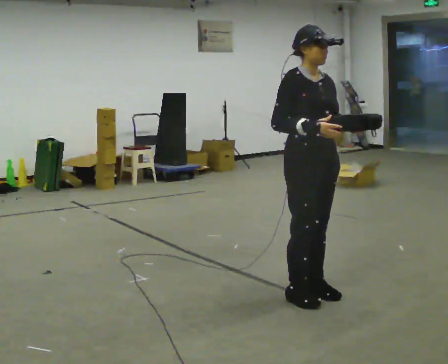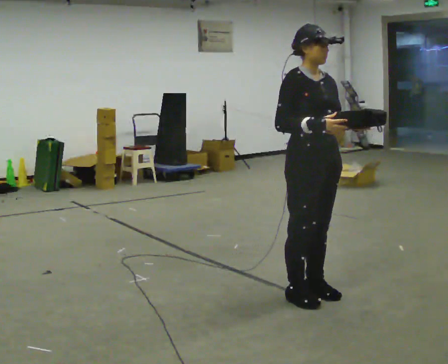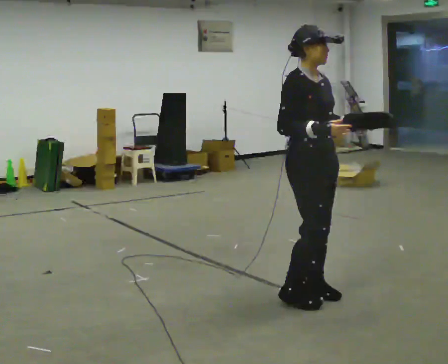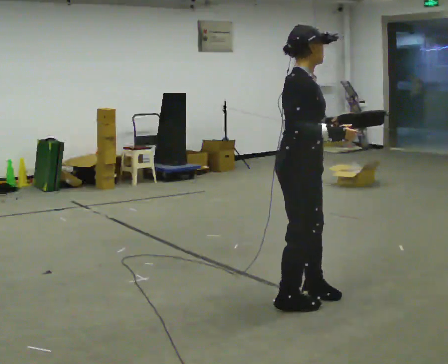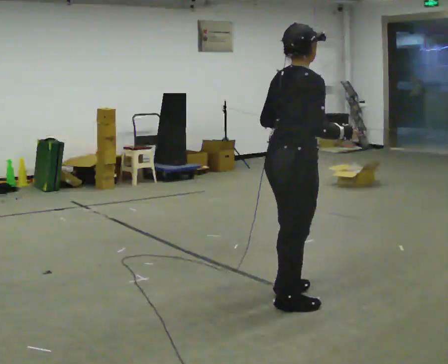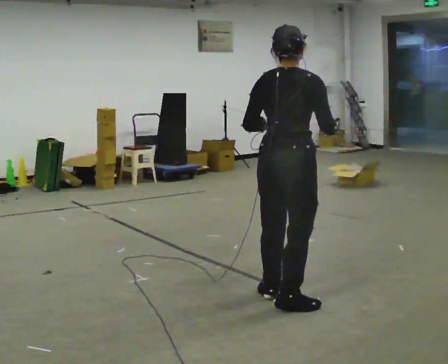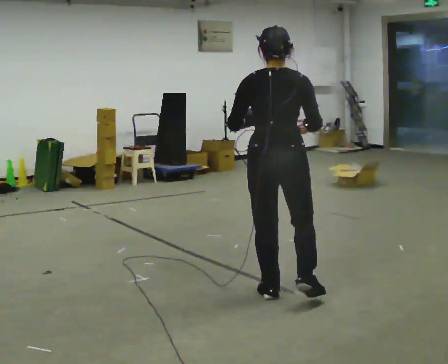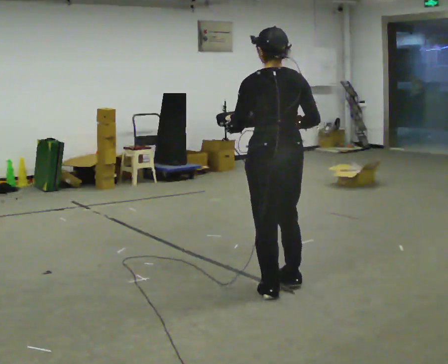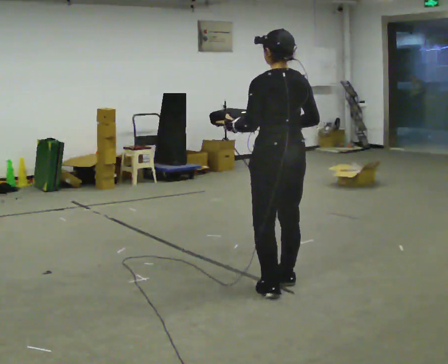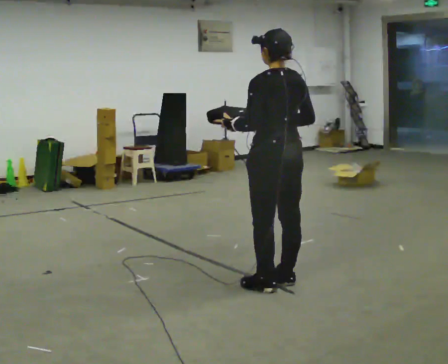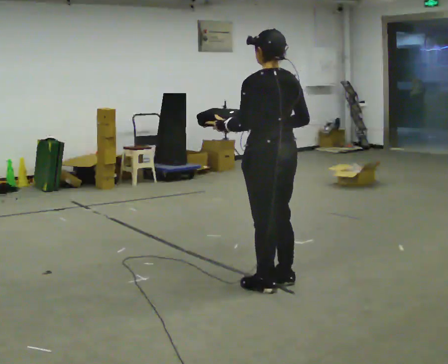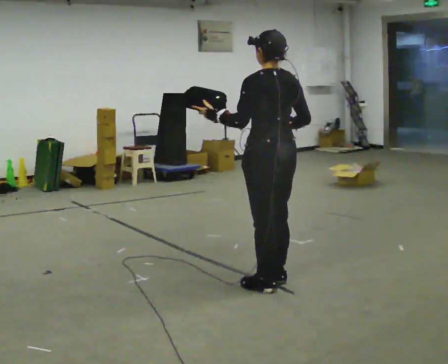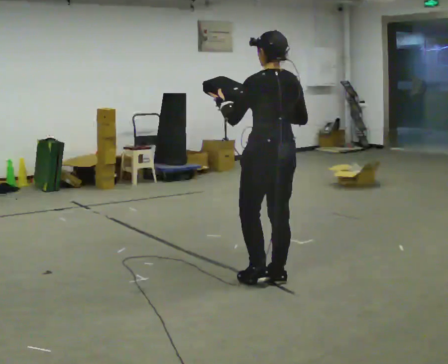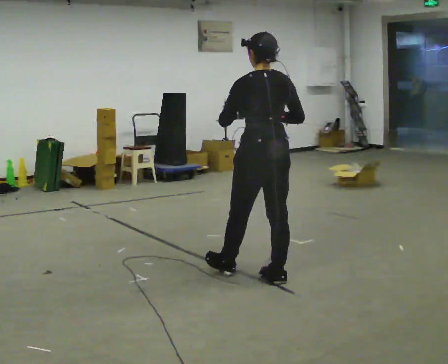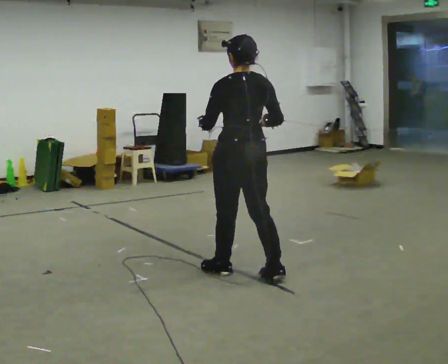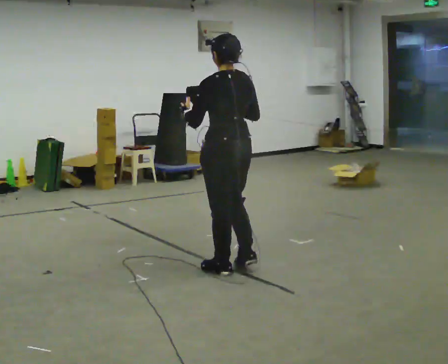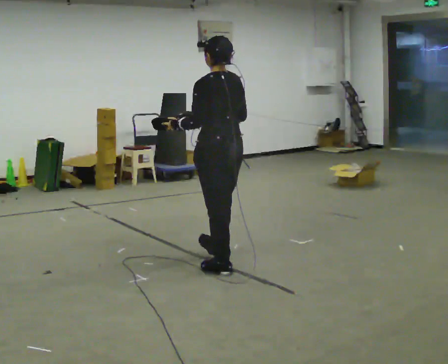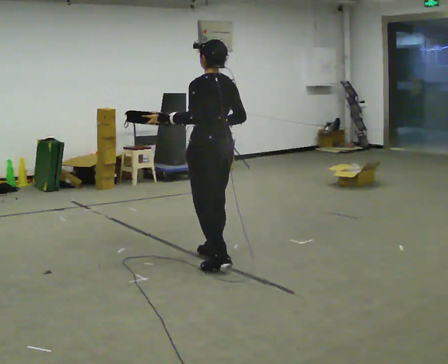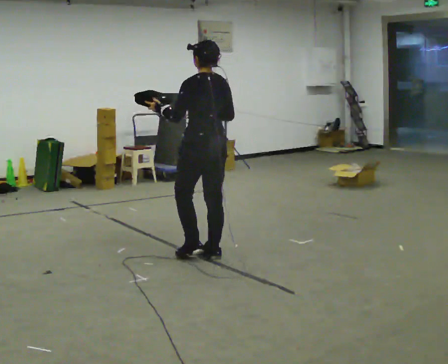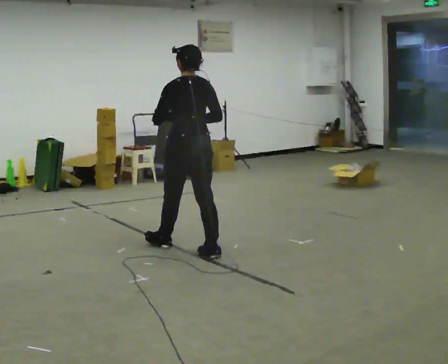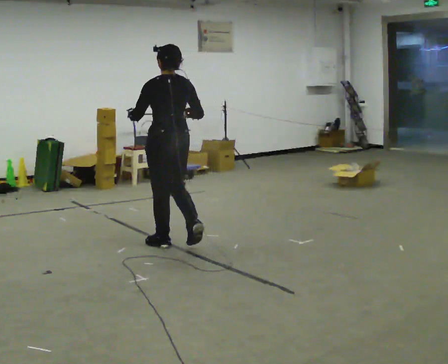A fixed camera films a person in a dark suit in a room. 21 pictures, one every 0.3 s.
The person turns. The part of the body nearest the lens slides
to the right.
The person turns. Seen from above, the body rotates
counterclockwise.
0.0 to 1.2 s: The person turns about 75 degrees to their left, counterclockwise seen from above, so the part of the body nearest the lens slides to the right. In the picture they go toward the camera, about 0.25 m in 1 step. In the picture their left hand goes to the left.
1.2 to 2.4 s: Seen from above the body turns counterclockwise, about 90 degrees: to their left, with its near side sliding to the right. In the picture they go away from the camera, about 0.25 m in 2 steps.
2.4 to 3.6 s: The person moves a little, or ends about where they began.
3.6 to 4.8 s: In the picture they go to the left and away from the camera, about 0.5 m in 2 steps, which for them is forward and to their left.
4.8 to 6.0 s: In the picture they go away from the camera and to the left, about 0.5 m in 1 step, which for them is forward.
The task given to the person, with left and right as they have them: Carry the object in one hand and, while walking, pass it to your other hand. Keep passing it back and forth as you walk.
The film runs forward here.
